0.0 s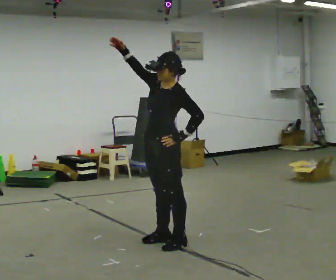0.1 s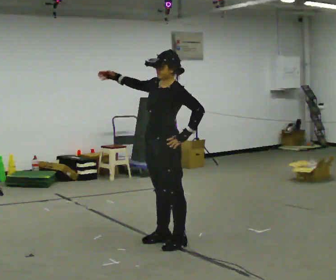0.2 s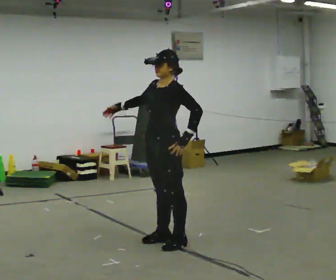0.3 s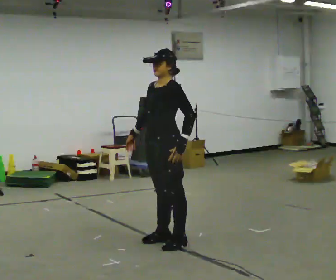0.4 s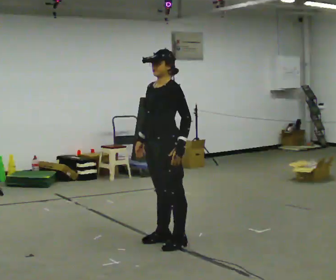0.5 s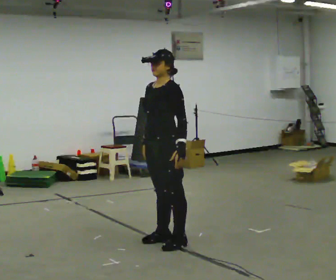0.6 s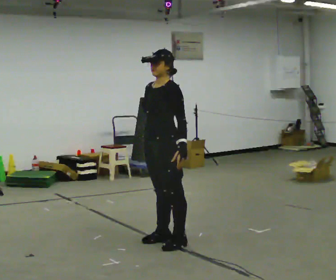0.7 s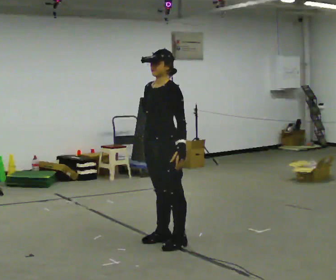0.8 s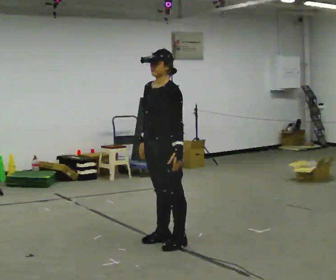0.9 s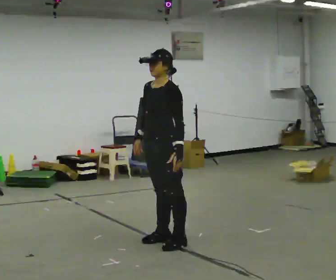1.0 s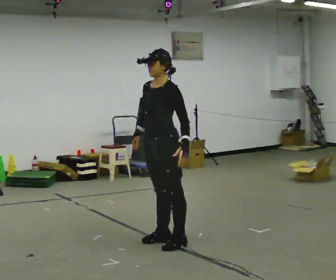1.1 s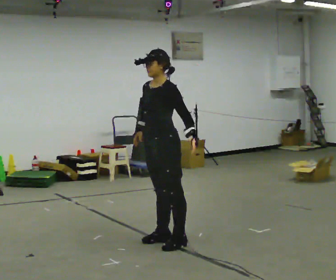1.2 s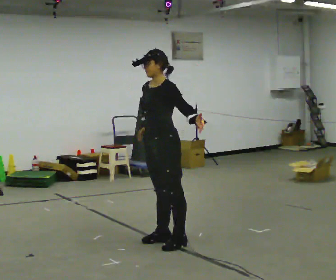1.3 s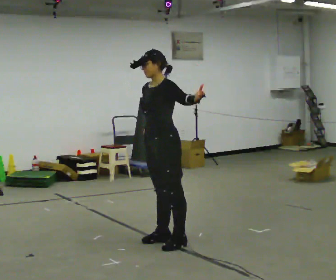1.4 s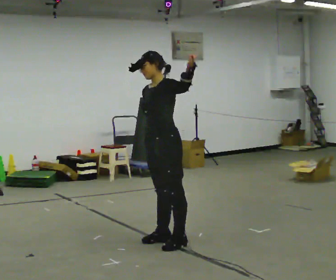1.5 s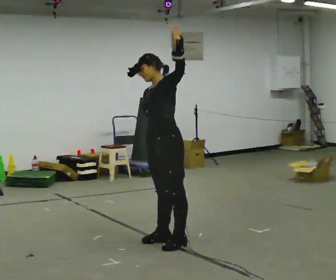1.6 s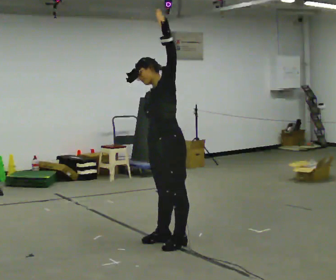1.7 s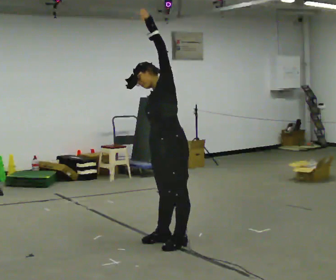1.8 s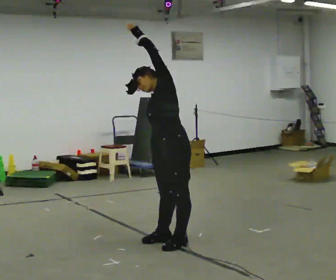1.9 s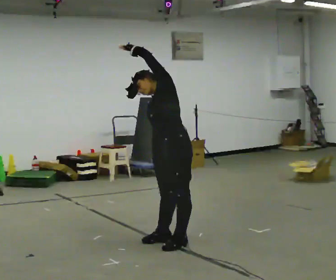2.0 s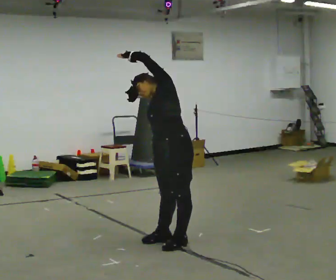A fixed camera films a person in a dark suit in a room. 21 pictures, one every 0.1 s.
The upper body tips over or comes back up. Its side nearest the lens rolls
upward.
Their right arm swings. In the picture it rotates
counterclockwise.
0.0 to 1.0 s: In the picture their right hand goes downward, the arm swinging counterclockwise.
1.0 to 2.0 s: The upper body tips away from the camera, its near side rolling upward. In the picture their left hand goes upward and to the left.
The film runs backward here.
